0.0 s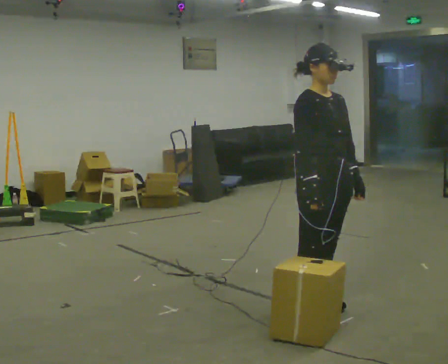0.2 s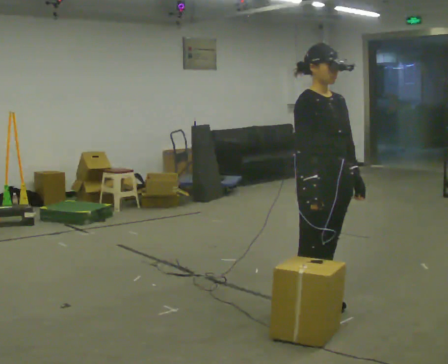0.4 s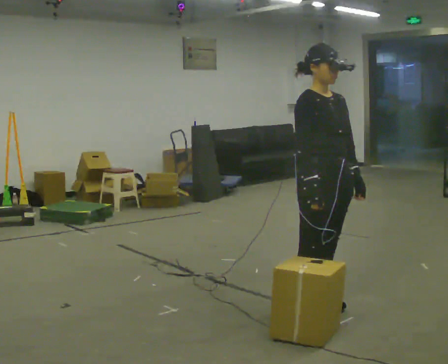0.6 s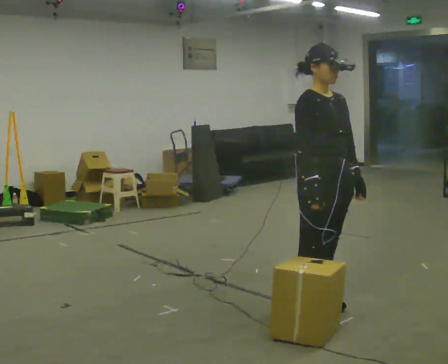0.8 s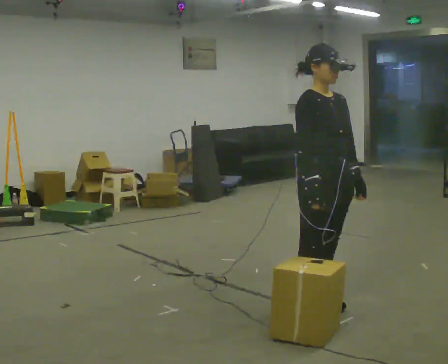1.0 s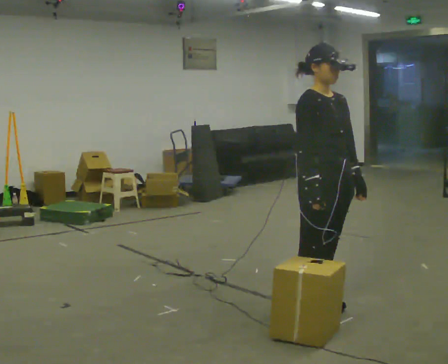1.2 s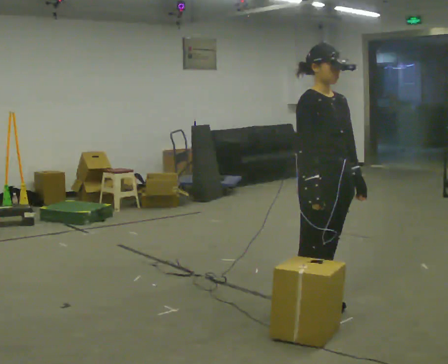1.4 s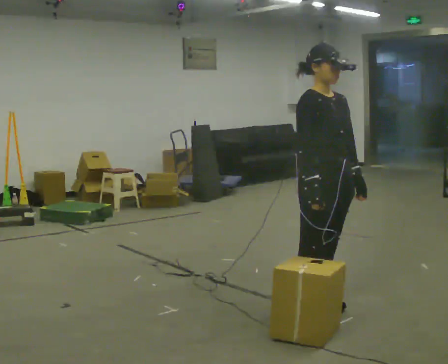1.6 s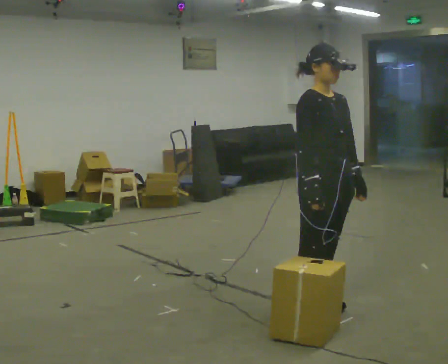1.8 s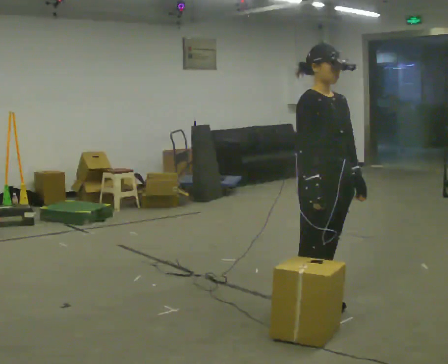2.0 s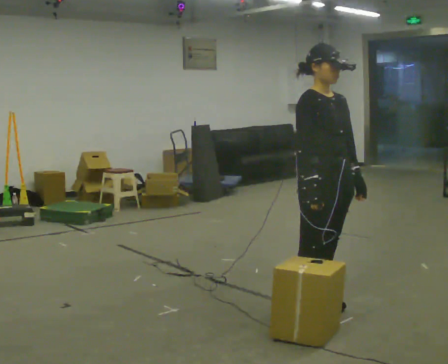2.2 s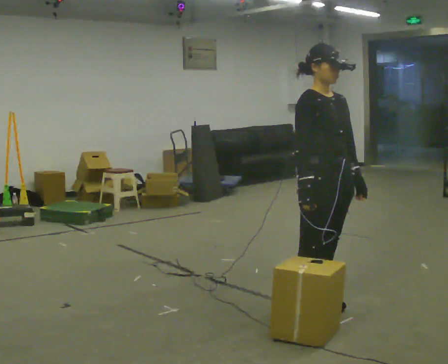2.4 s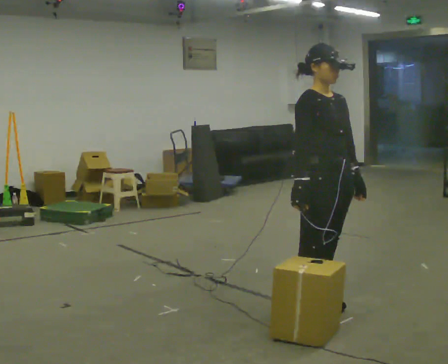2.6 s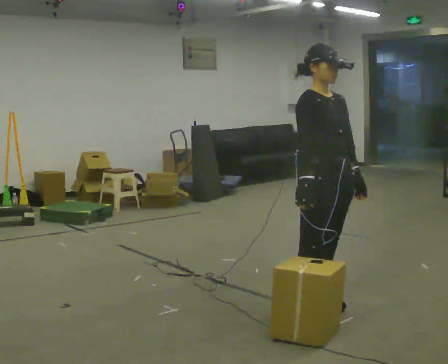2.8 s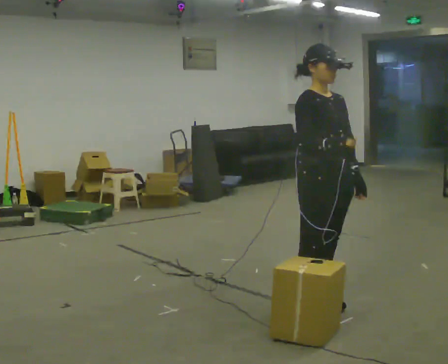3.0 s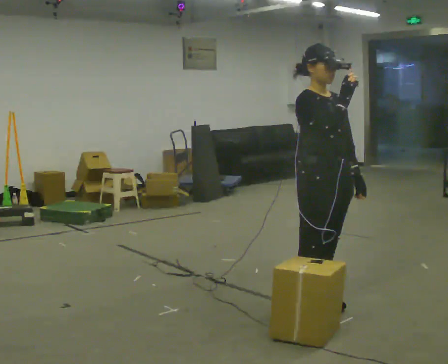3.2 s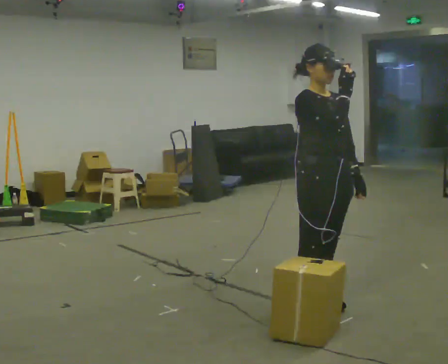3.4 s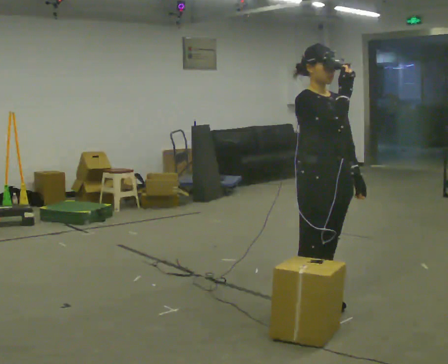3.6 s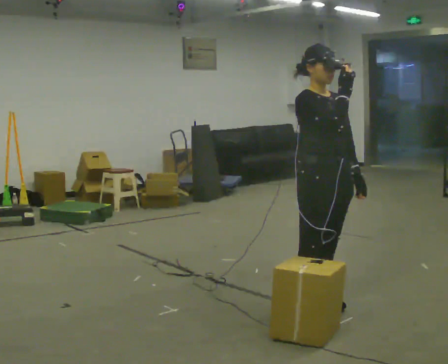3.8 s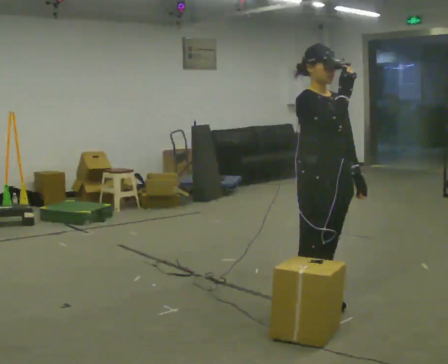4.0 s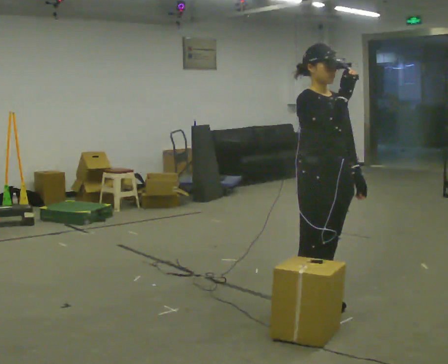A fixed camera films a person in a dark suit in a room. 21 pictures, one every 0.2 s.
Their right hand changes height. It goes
upward.
0.0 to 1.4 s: The person keeps their place and pose.
1.4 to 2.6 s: The person moves a little, or ends about where they began.
2.6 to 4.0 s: In the picture their right hand goes upward.
The film runs backward here.
